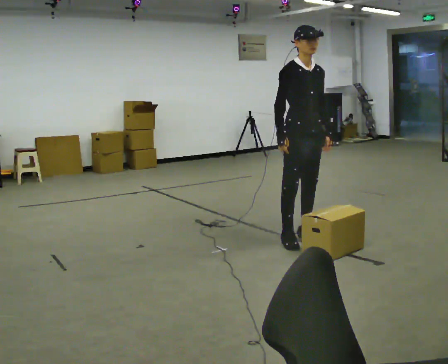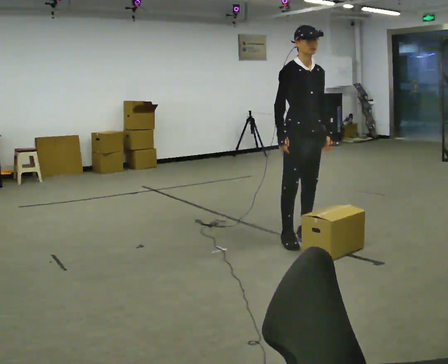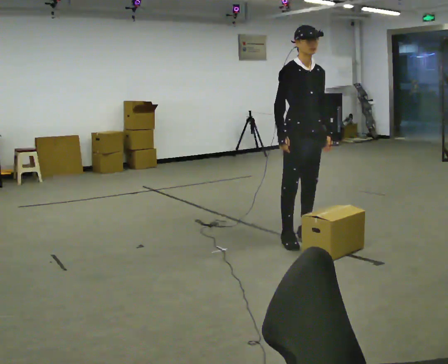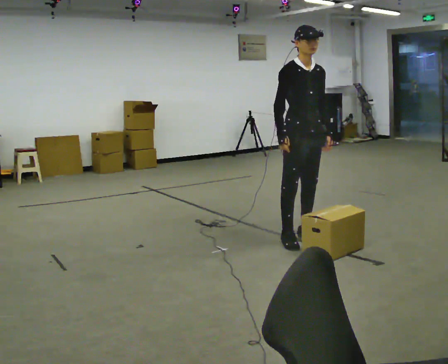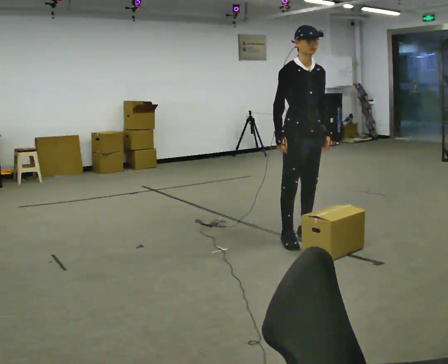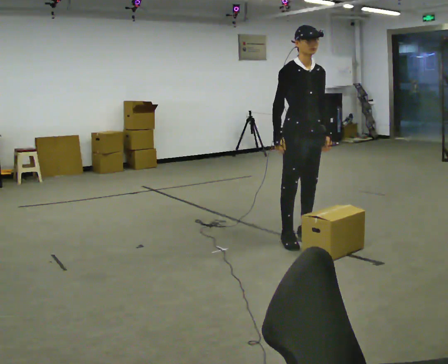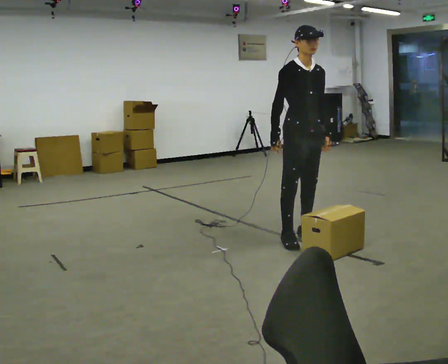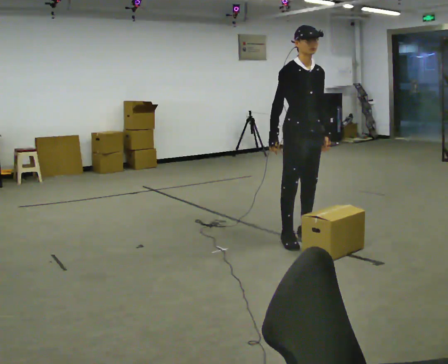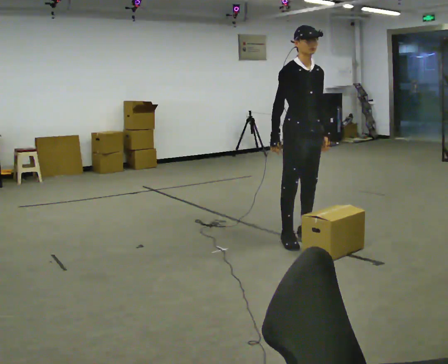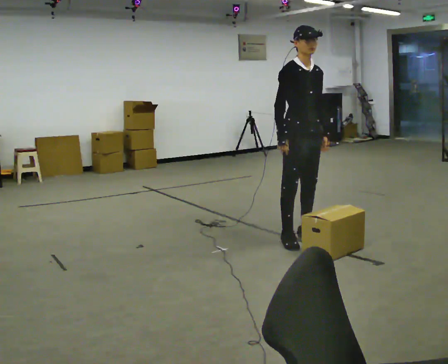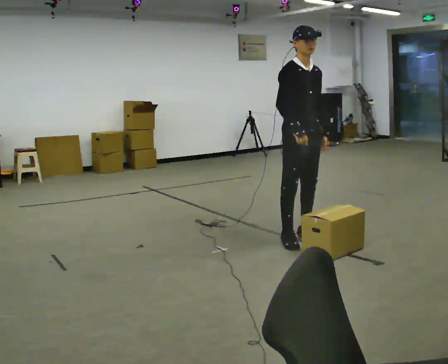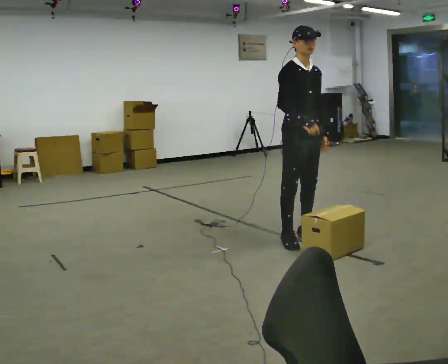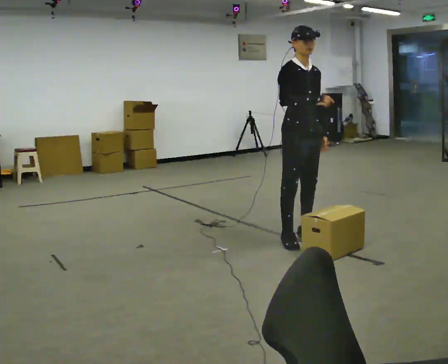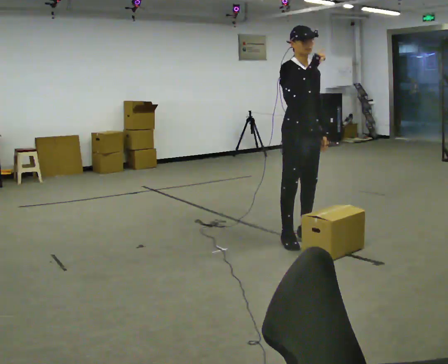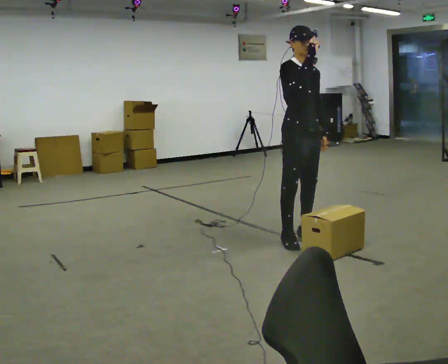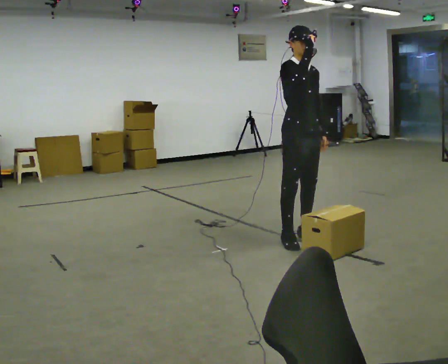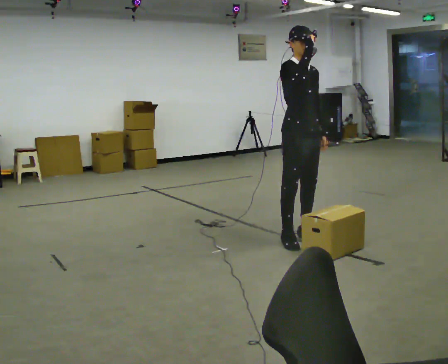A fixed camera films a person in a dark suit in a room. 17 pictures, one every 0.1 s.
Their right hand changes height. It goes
upward.
0.0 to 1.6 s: In the picture their right hand goes upward.
The film runs backward here.
